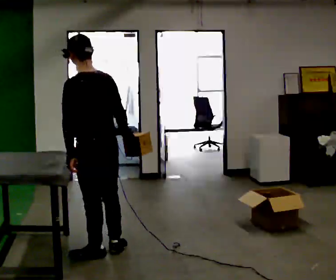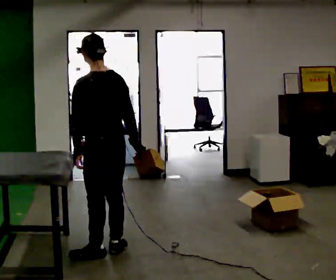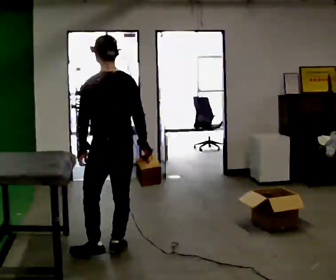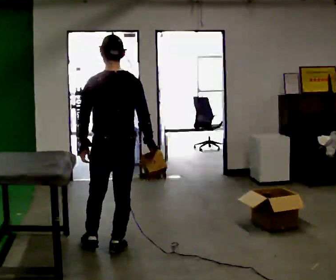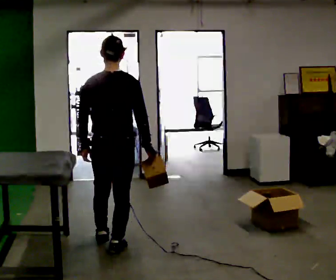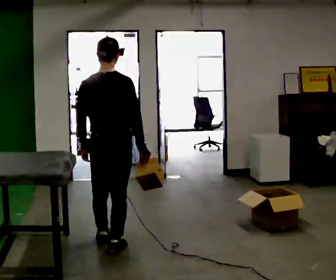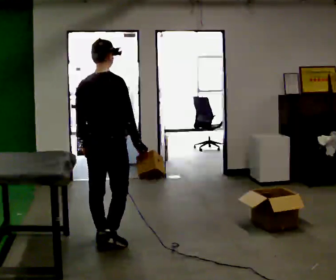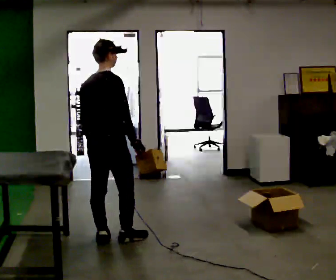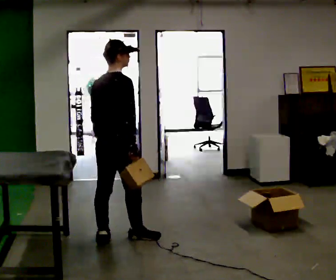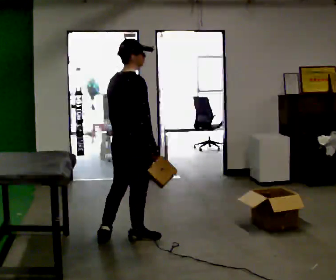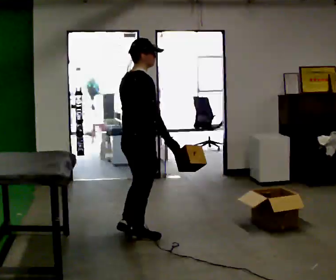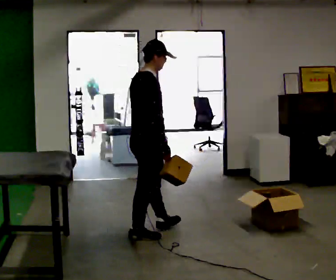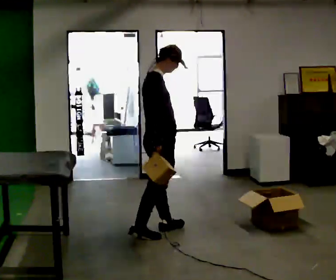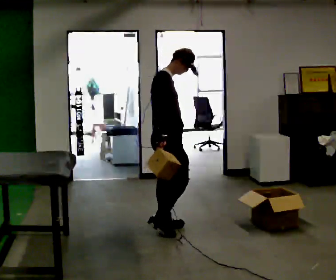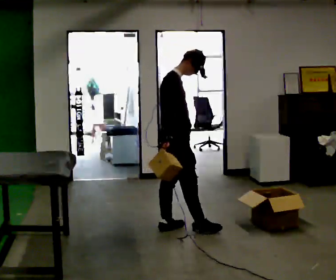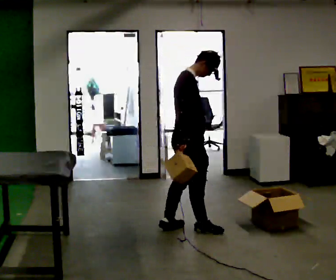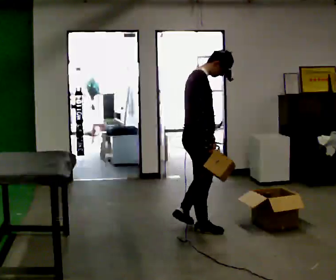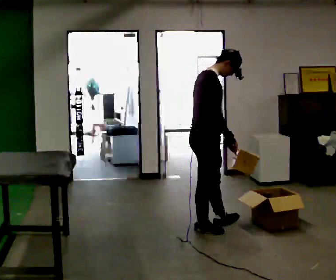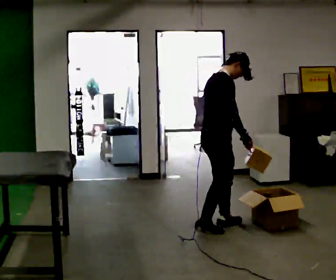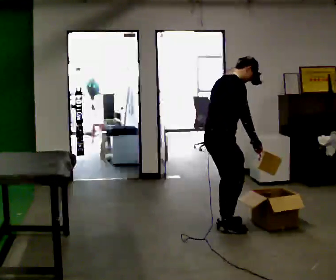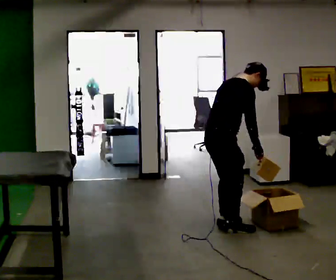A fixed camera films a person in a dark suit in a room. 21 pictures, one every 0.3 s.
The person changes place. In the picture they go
to the right.
The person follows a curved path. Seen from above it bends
clockwise.
0.0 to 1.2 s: The part of the body nearest the lens slides to the left as the person turns to their right by about 45 degrees. In the picture they go away from the camera, about 0.25 m in 1 step, which for them is to their right.
1.2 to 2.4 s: The part of the body nearest the lens slides to the left as the person turns to their right by about 45 degrees. In the picture they go away from the camera, about 0.25 m in 1 step, which for them is forward.
2.4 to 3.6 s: The part of the body nearest the lens slides to the left as the person turns to their right by about 45 degrees. In the picture they go to the right and away from the camera, about 0.5 m in 1 step, which for them is forward.
3.6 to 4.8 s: In the picture they go to the right, about 0.25 m in 1 step, which for them is forward.
4.8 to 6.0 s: In the picture they go to the right, about 0.25 m in 2 steps, which for them is forward. In the picture the upper body tilts clockwise, shoulders to the right, as they bend forward. In the picture their right hand goes to the right.
The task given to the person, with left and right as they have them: Carry each object across the room and drop it into the container on the floor, then walk back for the next one. Keep going until the operator says stop; one object at a time, and do not rush between trips.
The film runs forward here.
